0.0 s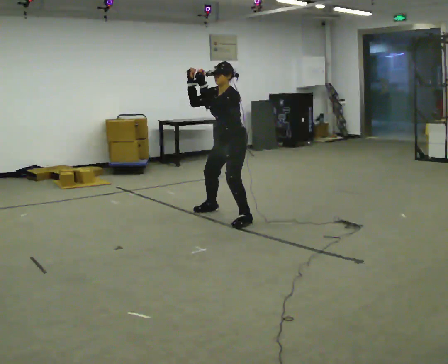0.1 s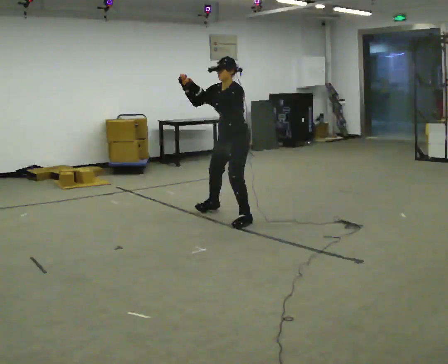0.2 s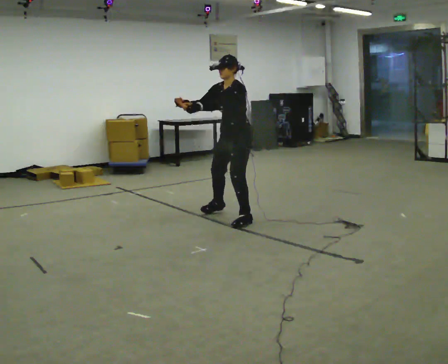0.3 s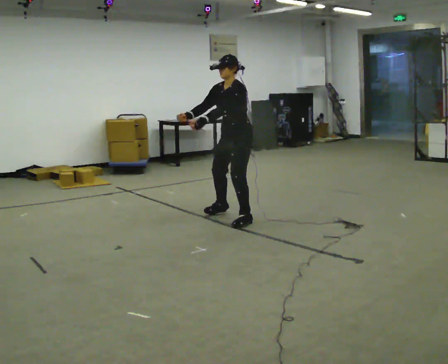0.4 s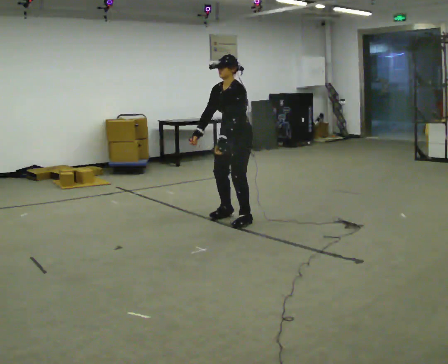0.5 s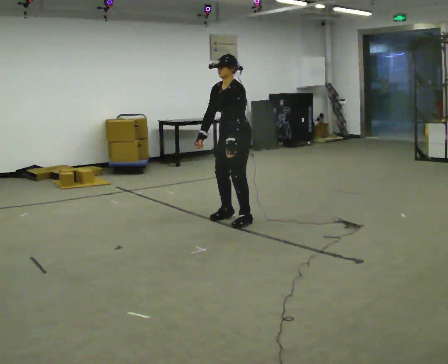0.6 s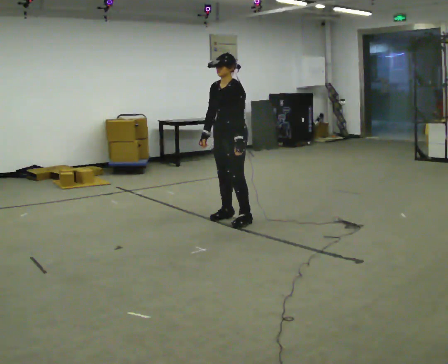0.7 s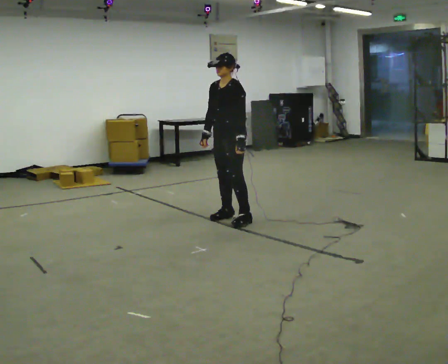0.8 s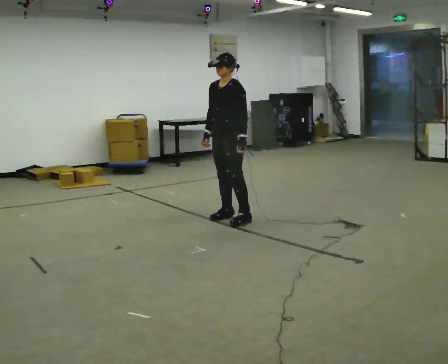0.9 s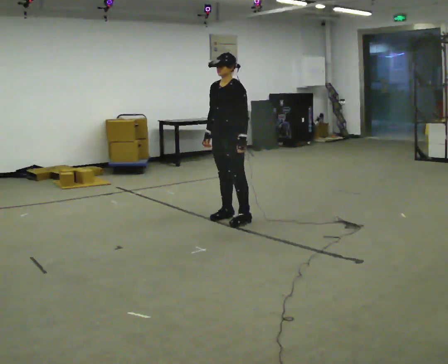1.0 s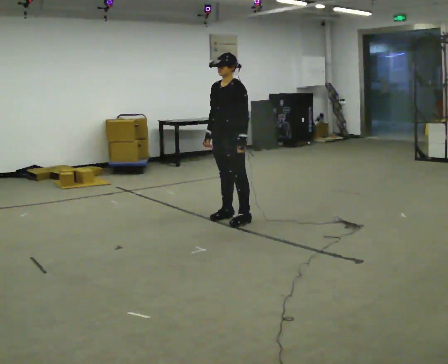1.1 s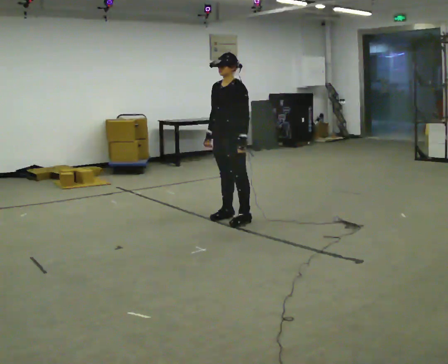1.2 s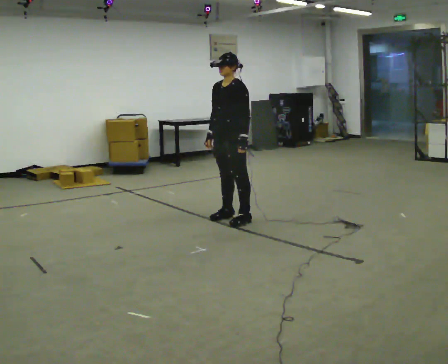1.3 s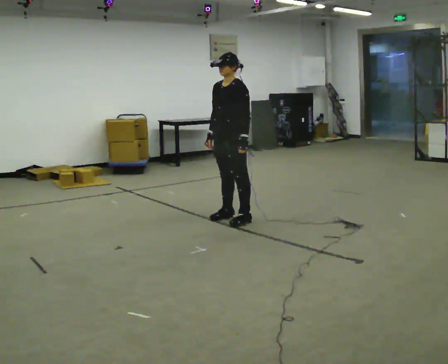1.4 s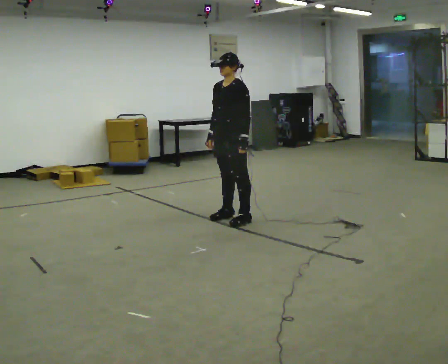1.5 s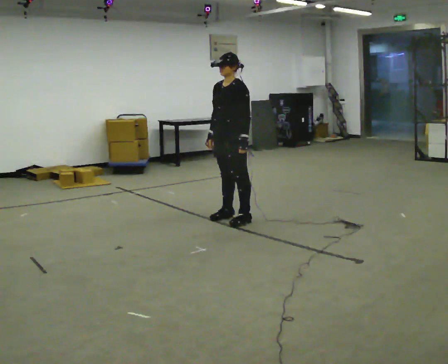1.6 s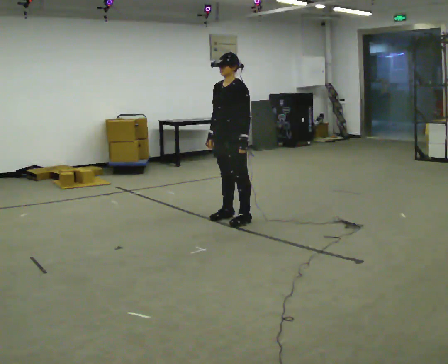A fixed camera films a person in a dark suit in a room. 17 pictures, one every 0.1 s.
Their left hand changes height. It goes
downward.
Their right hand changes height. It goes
downward.
0.0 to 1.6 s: In the picture their left hand goes downward and to the right.
The film runs backward here.
